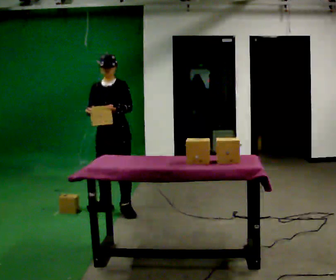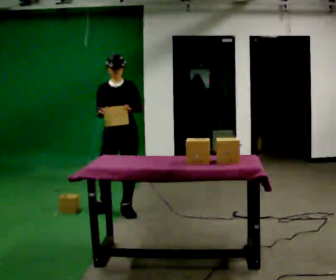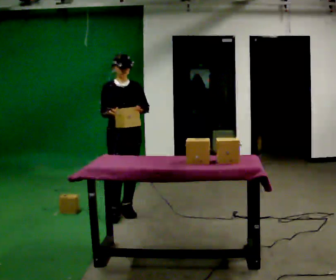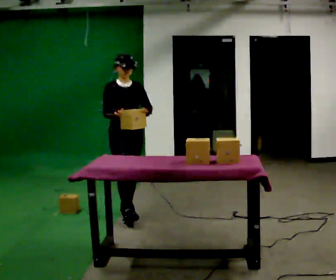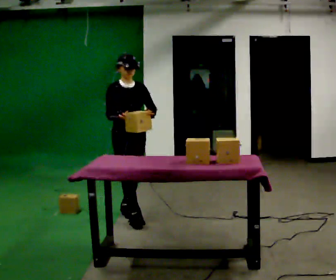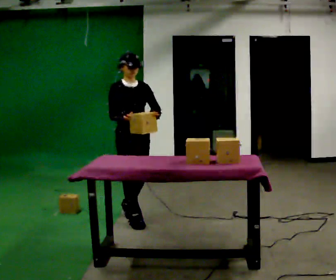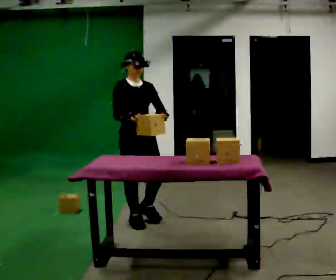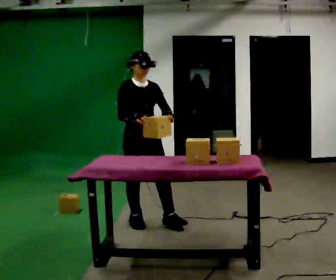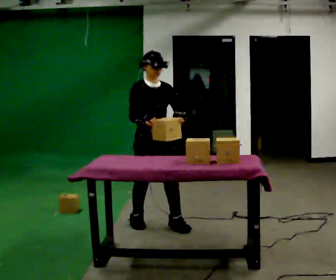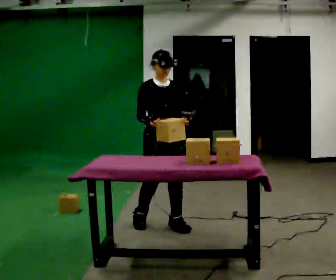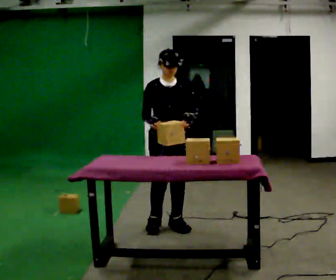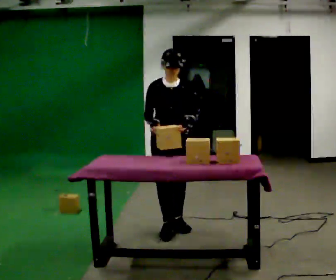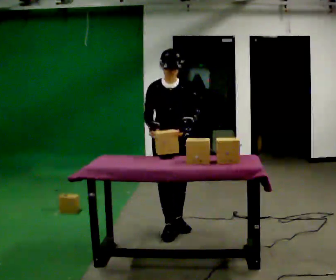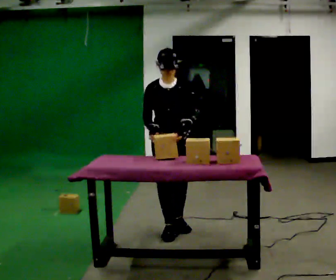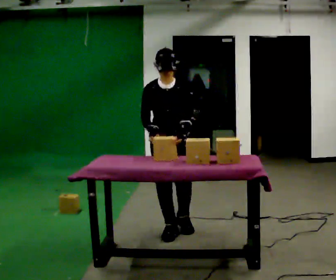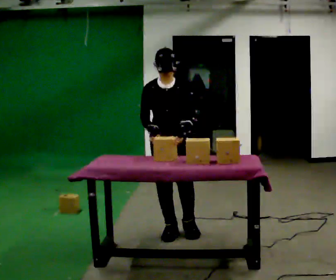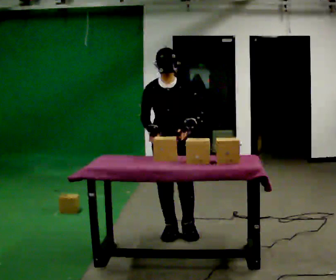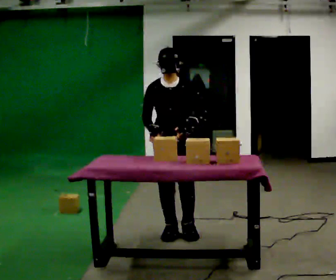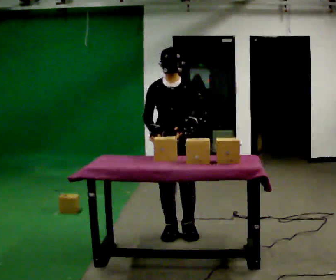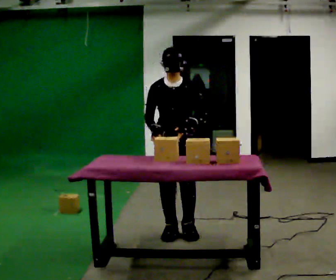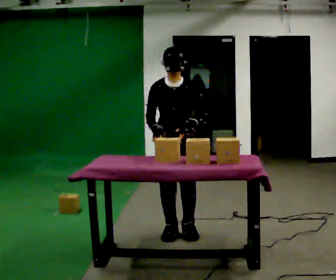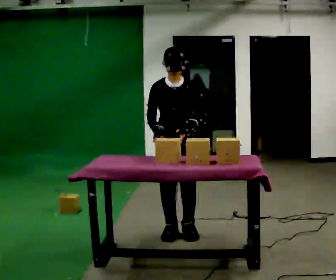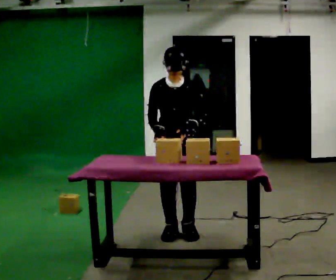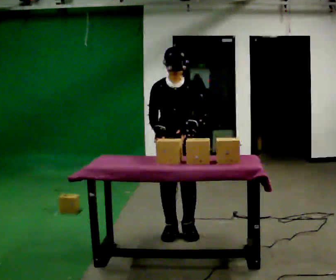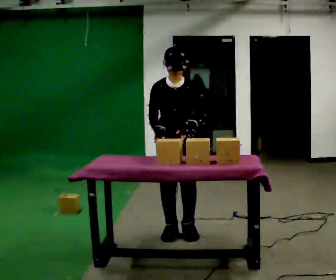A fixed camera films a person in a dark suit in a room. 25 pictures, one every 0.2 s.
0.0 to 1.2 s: The part of the body nearest the lens slides to the right as the person turns to their left by about 45 degrees. In the picture they go toward the camera and to the right, about 0.5 m in 1 step, which for them is forward.
1.2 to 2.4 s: The person turns about 30 degrees to their right, clockwise seen from above, so the part of the body nearest the lens slides to the left. In the picture they go to the right and toward the camera, about 0.5 m in 2 steps, which for them is forward and to their left.
2.4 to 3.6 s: In the picture they go toward the camera, about 0.25 m in 1 step, which for them is forward.
3.6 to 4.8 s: The person moves a little, or ends about where they began.
The film runs forward here.
